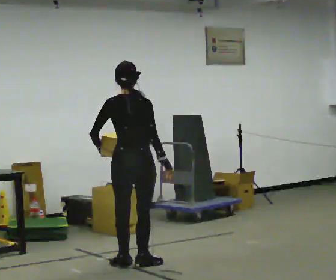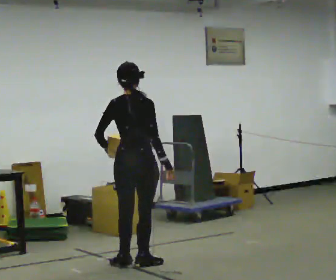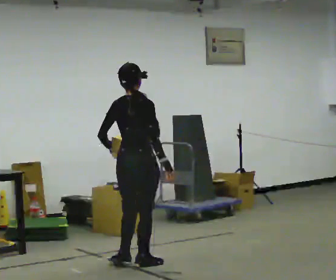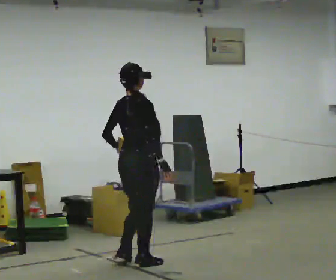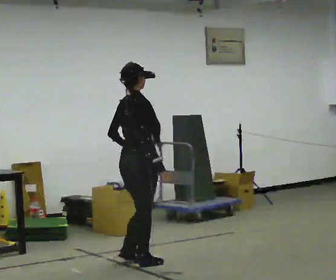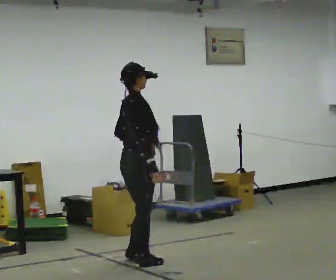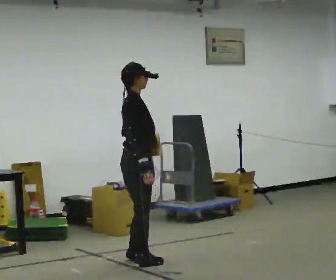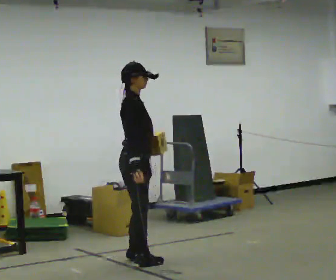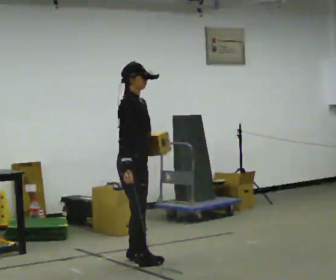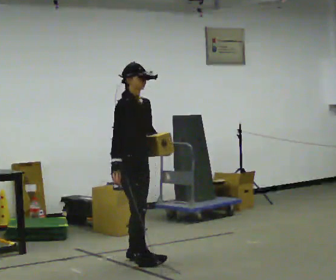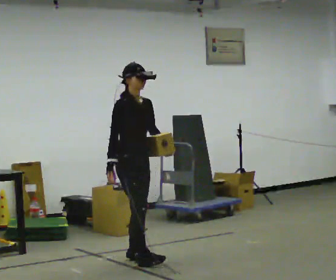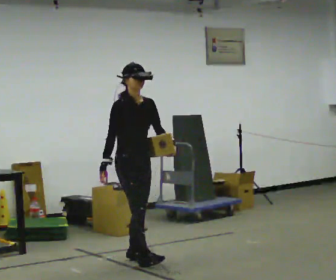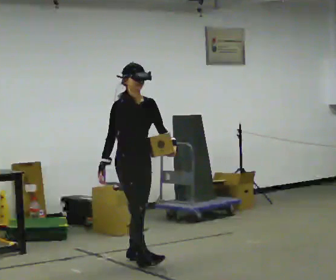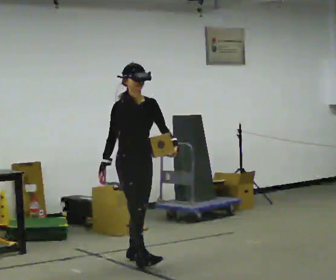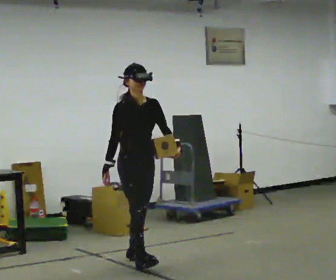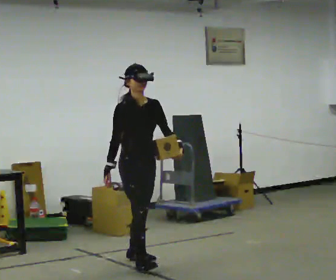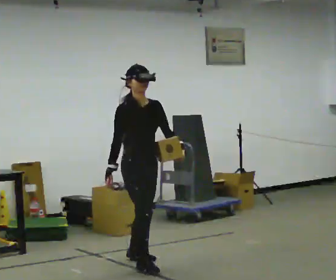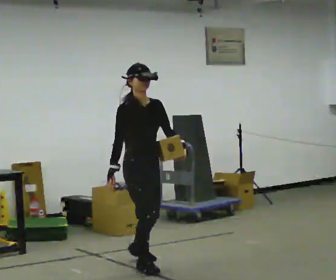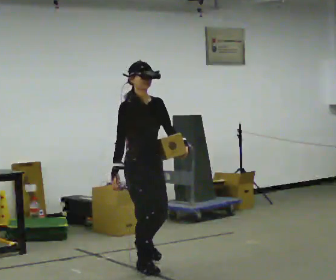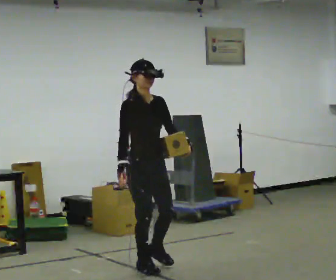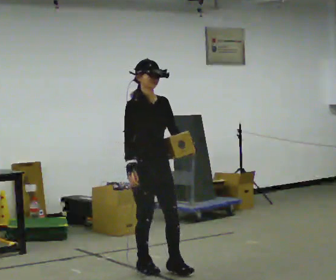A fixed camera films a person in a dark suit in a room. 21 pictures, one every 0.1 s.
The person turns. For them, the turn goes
to their right.
The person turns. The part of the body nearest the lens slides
to the left.
0.0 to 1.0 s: Seen from above the body turns clockwise, about 120 degrees: to their right, with its near side sliding to the left. In the picture they go away from the camera, about 0.25 m in 1 step. In the picture their left hand goes to the right, the arm swinging counterclockwise.
1.0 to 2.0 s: In the picture they go toward the camera, about 0.5 m, which for them is forward.
The film runs forward here.
